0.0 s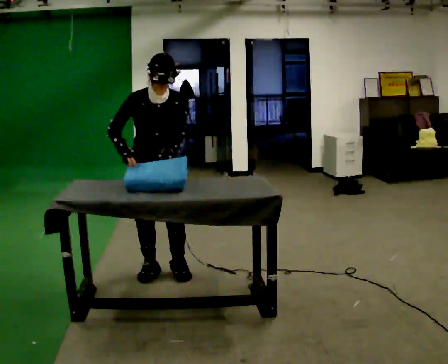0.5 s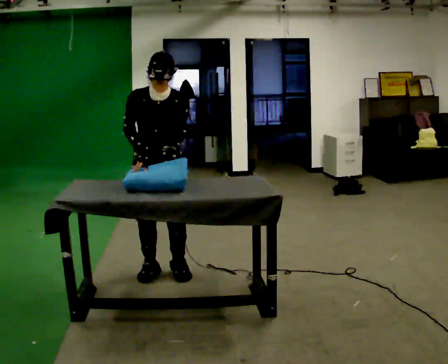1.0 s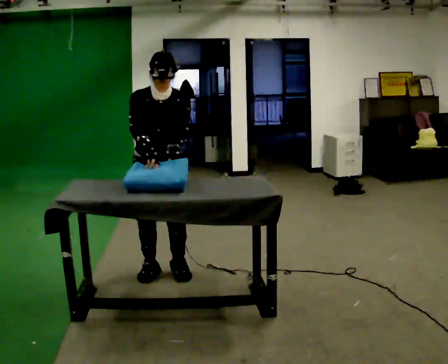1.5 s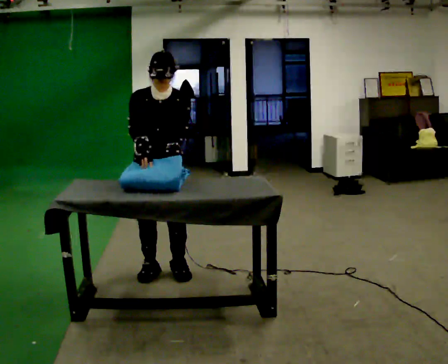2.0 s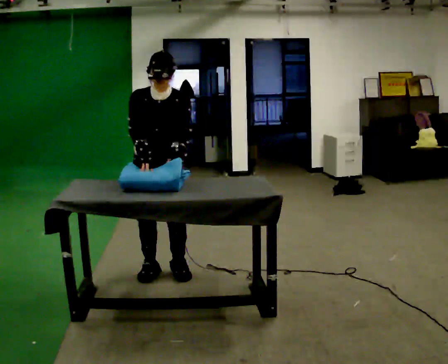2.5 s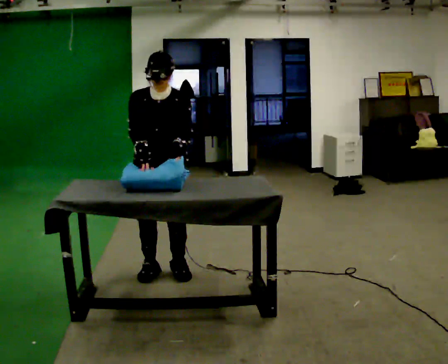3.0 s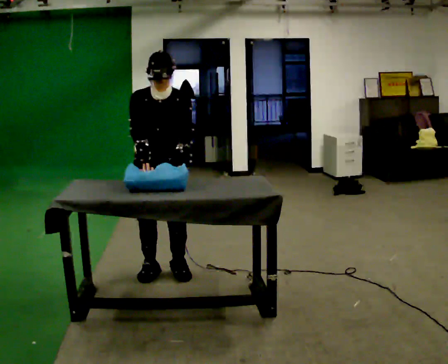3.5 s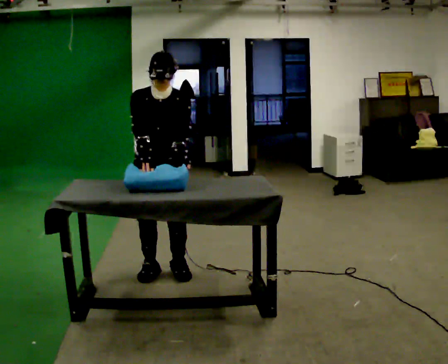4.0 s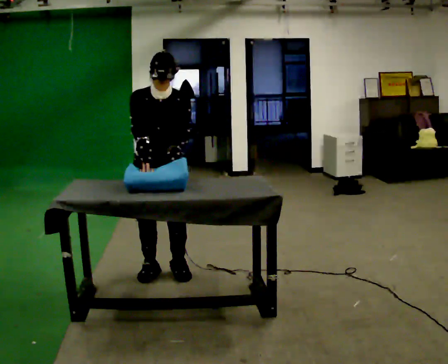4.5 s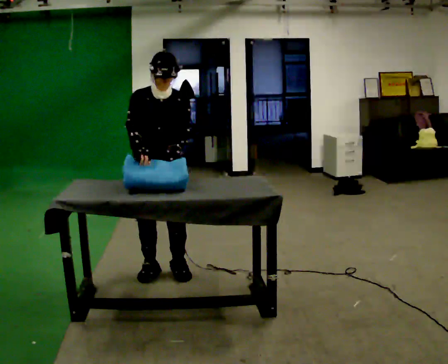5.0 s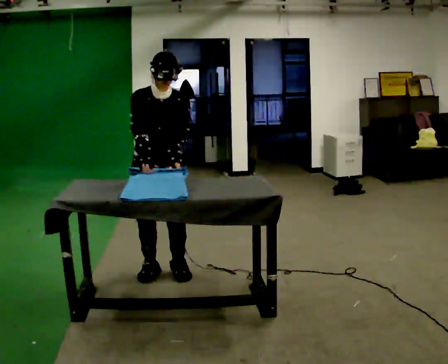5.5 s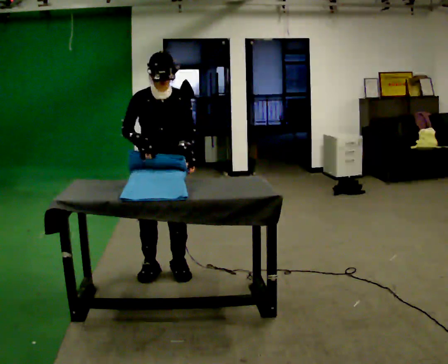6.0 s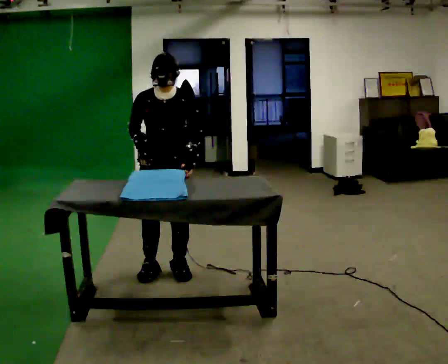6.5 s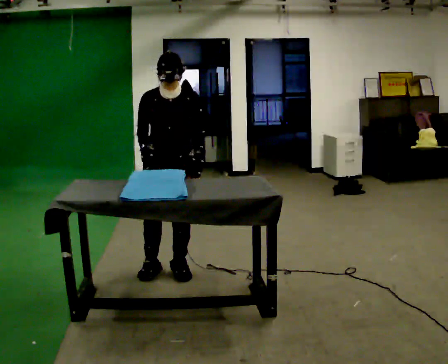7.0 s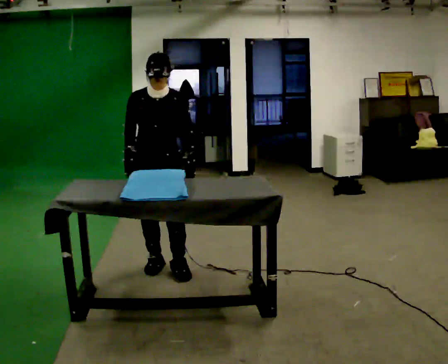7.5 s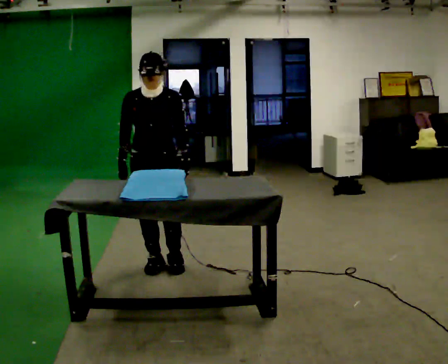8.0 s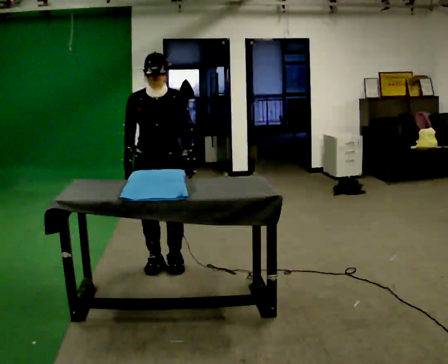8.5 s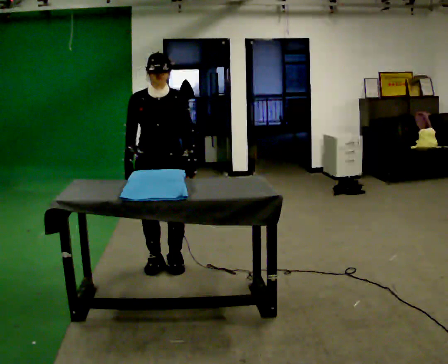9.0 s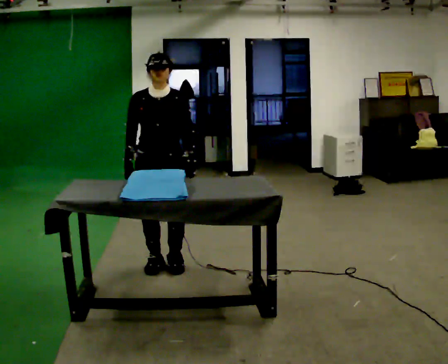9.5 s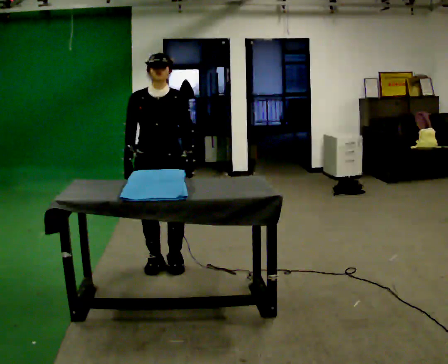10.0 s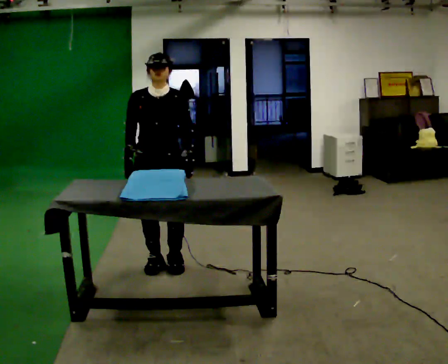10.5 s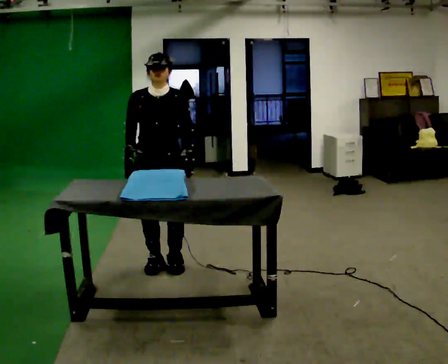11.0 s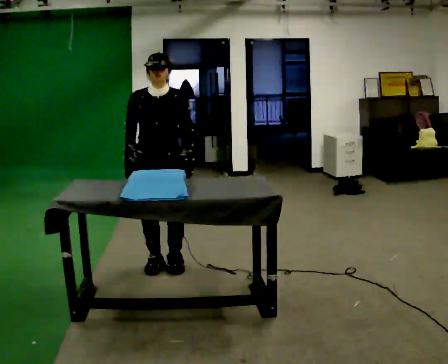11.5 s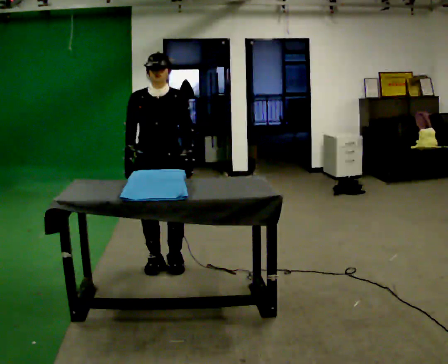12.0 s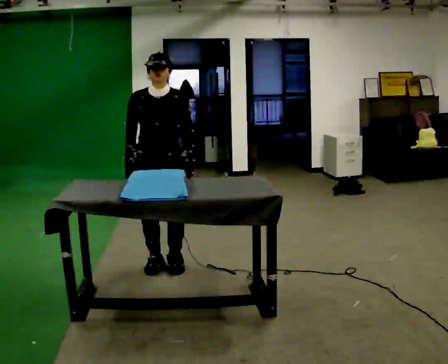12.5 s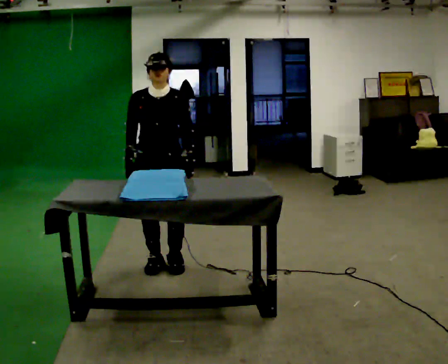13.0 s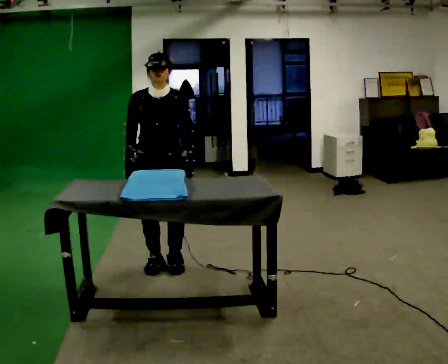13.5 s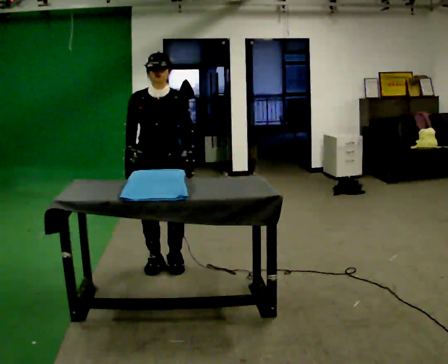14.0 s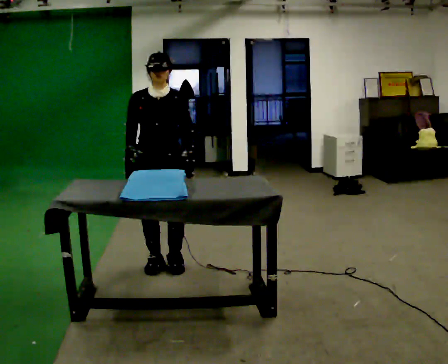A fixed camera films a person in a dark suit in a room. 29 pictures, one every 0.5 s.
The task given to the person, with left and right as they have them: Wrap the cloth around the object and tuck it in, then unwrap it. Repeat at your own pace until the operator says stop. Keep both feet on the marked spots for the whole take. If you have to step, stop and tell the operator.
0.0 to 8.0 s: In the picture they go away from the camera, about 0.25 m, which for them is backward.
8.0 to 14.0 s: The person keeps their place and pose.
The film runs forward here.
